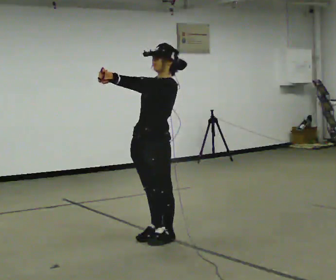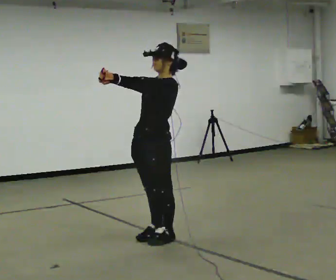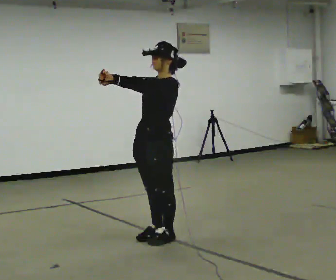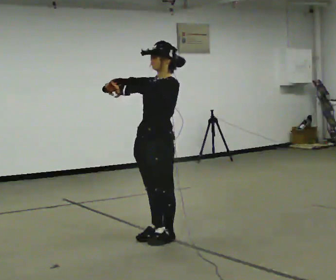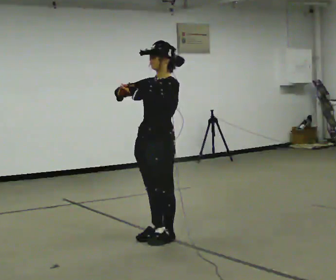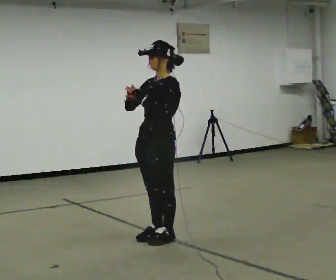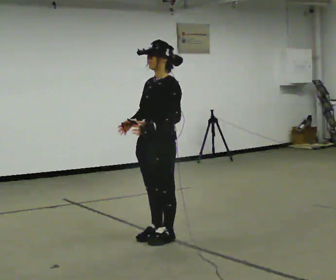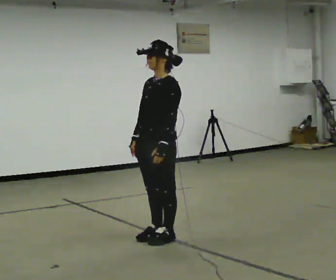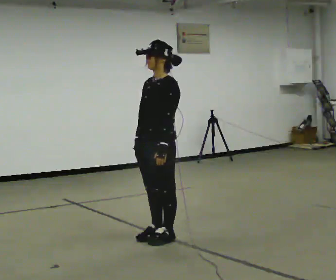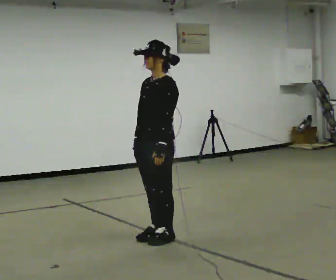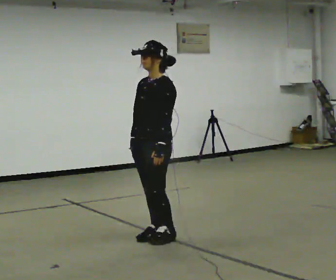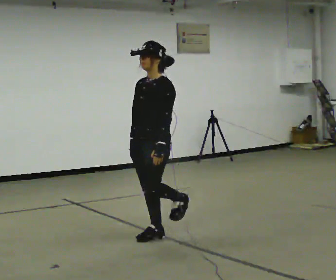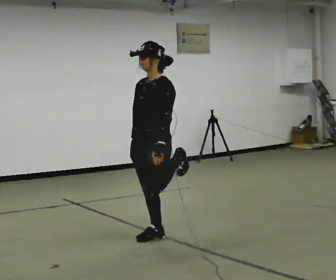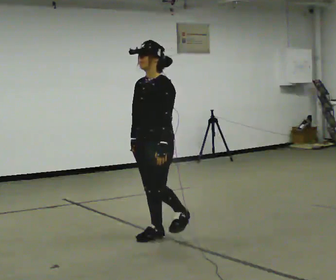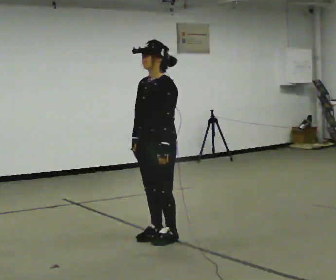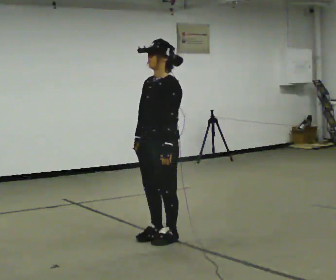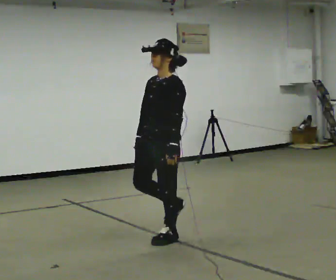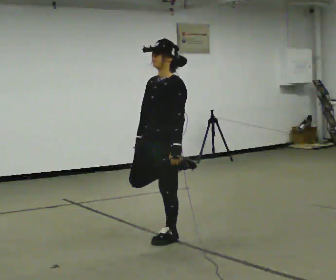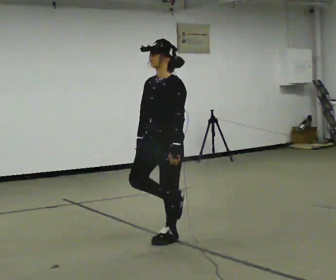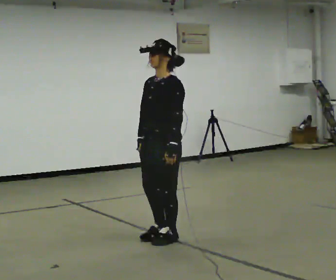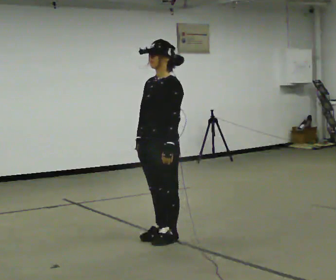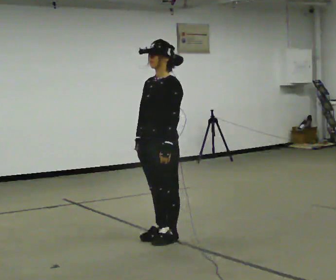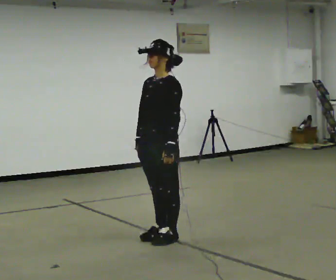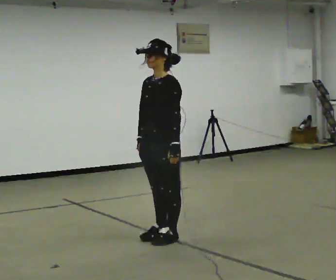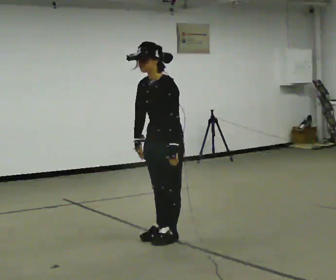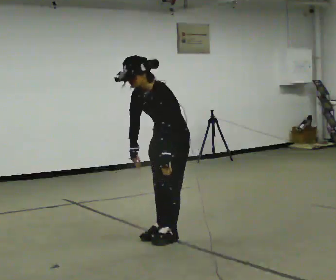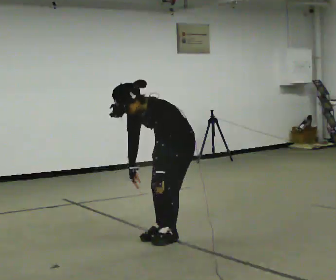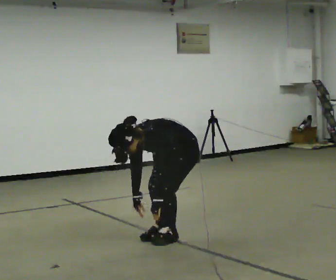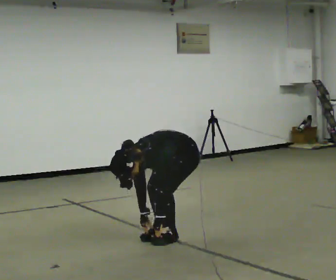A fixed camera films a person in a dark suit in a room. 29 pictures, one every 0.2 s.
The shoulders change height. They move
downward.
Their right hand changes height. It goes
downward.
0.0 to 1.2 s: In the picture their left hand goes downward.
1.2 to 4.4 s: The person moves a little, or ends about where they began.
4.4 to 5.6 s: In the picture they go to the right and away from the camera, about 0.25 m, which for them is backward. The upper body goes downward. In the picture the upper body tilts counterclockwise, shoulders to the left, as they bend forward. In the picture their right hand goes downward.
The film runs backward here.
